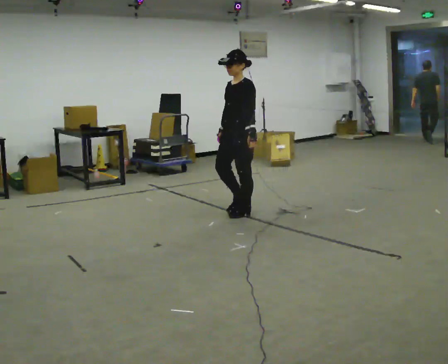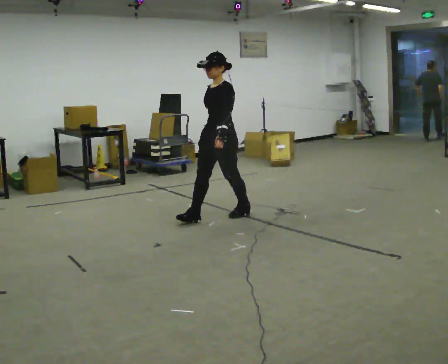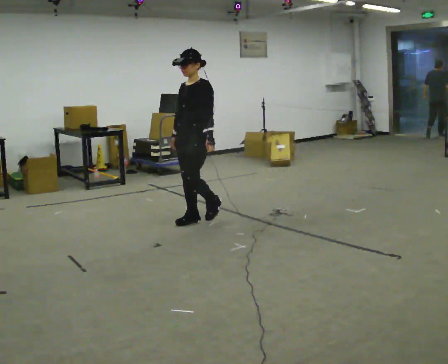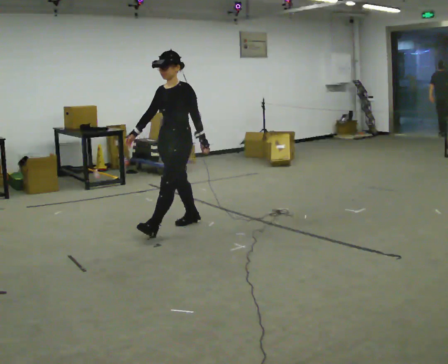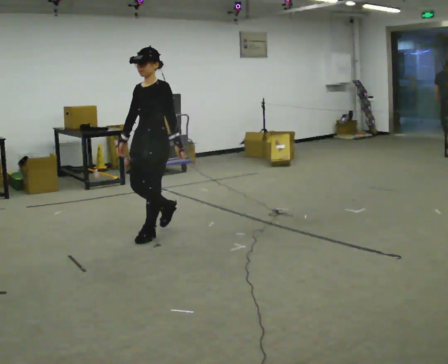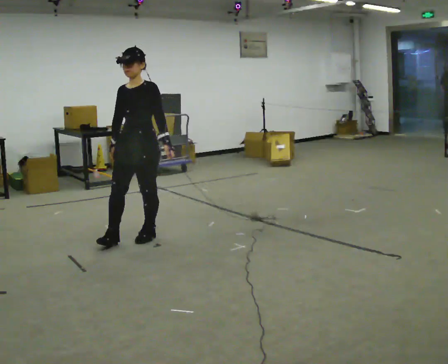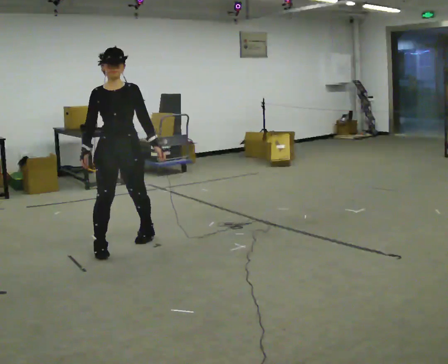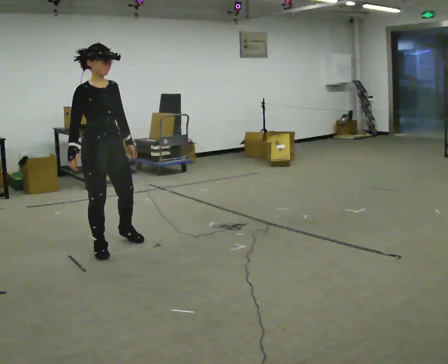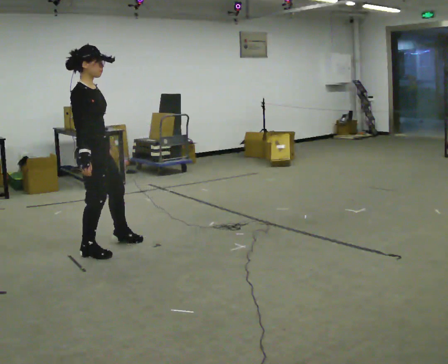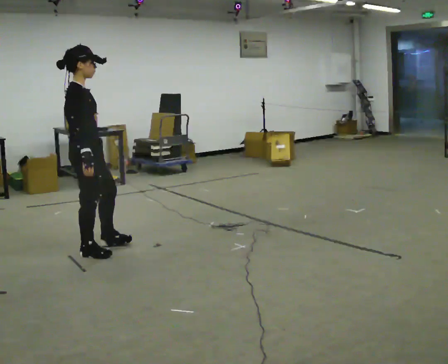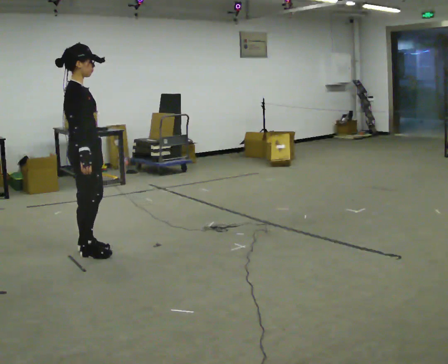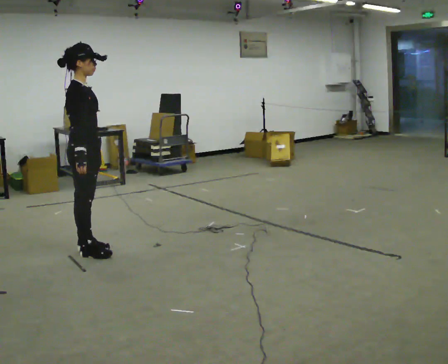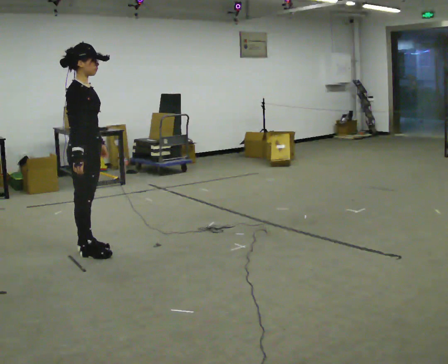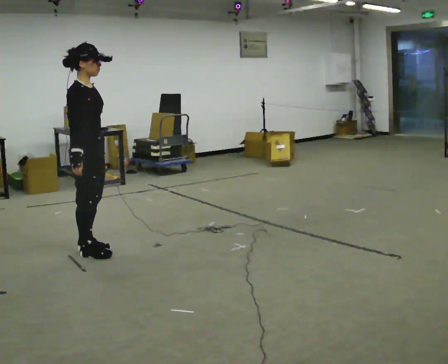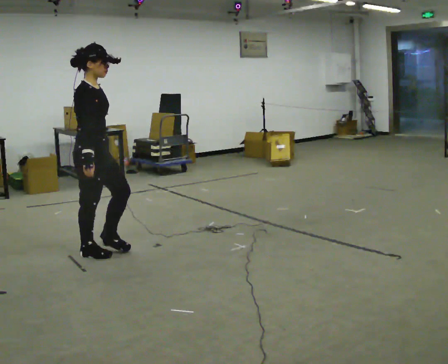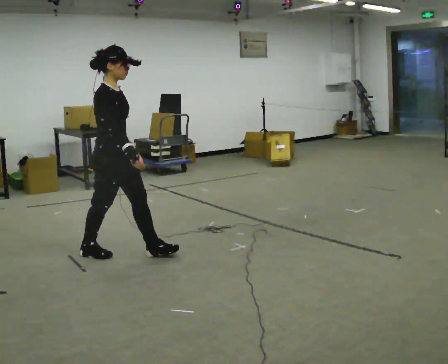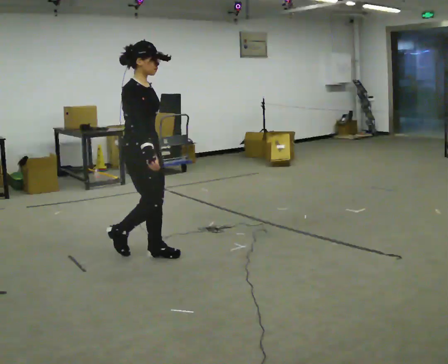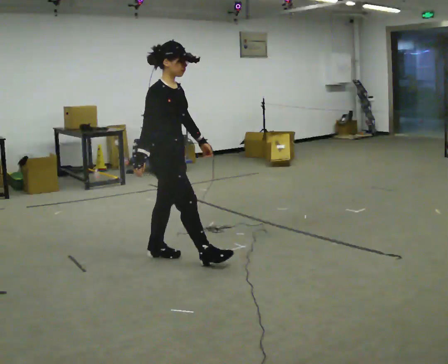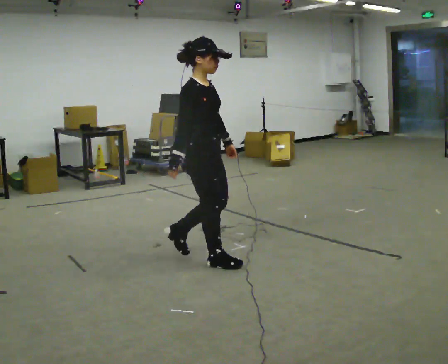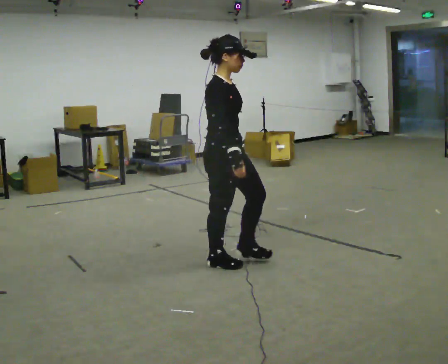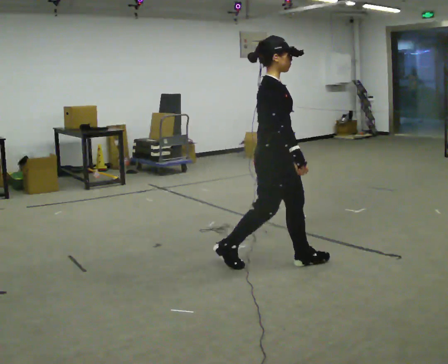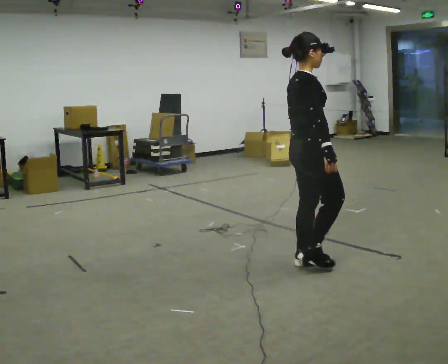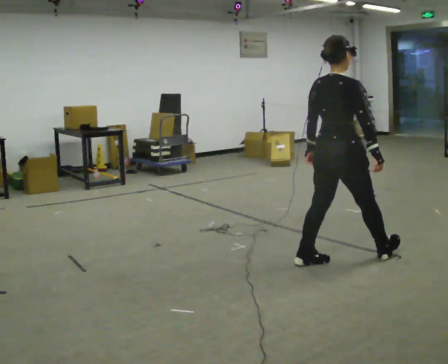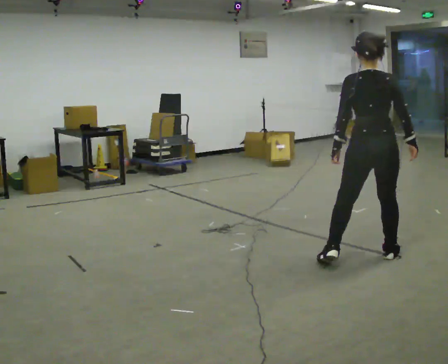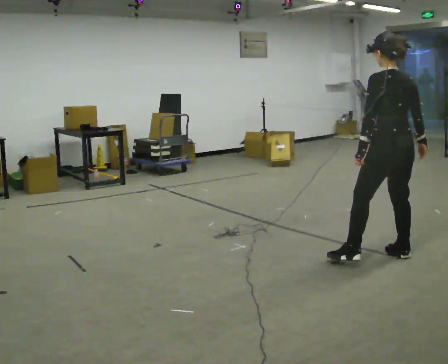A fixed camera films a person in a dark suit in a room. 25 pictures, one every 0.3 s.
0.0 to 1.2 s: In the picture they go to the left and toward the camera, about 1 m in 2 steps, which for them is forward.
1.2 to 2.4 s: Seen from above the body turns counterclockwise, about 135 degrees: to their left, with its near side sliding to the right. In the picture they go to the left and toward the camera, about 0.75 m in 3 steps.
2.4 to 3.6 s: The person moves a little, or ends about where they began.
3.6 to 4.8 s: In the picture they go to the right and toward the camera, about 0.5 m in 1 step, which for them is forward.
4.8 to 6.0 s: In the picture they go to the right and toward the camera, about 1 m in 2 steps, which for them is forward.
6.0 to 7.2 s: The person turns about 120 degrees to their left, counterclockwise seen from above, so the part of the body nearest the lens slides to the right. In the picture they go to the right, about 1 m in 2 steps.
The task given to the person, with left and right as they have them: Walk through 3–5 turns in sequence; keep moving; stop at end.
The film runs forward here.
